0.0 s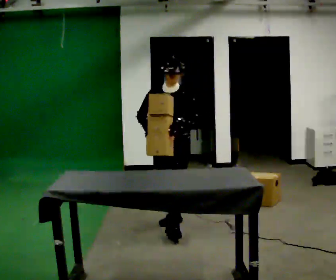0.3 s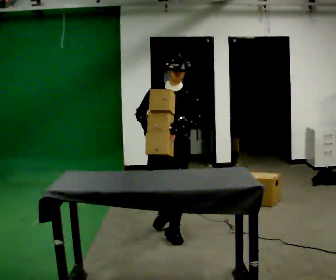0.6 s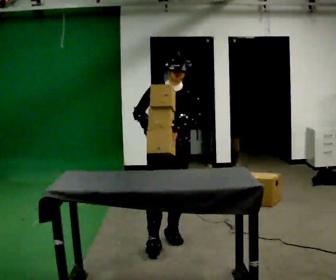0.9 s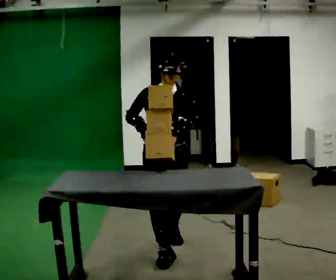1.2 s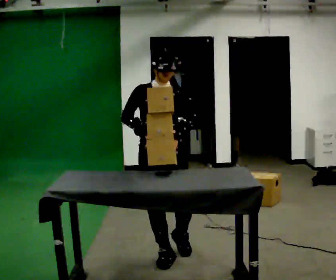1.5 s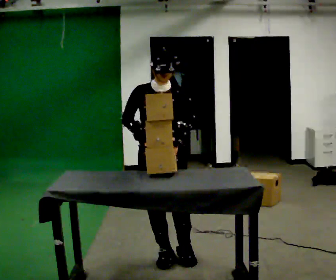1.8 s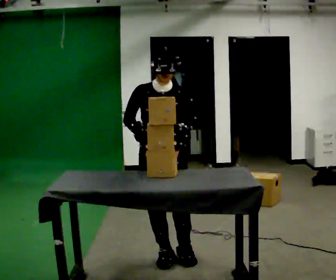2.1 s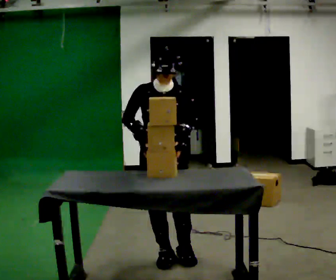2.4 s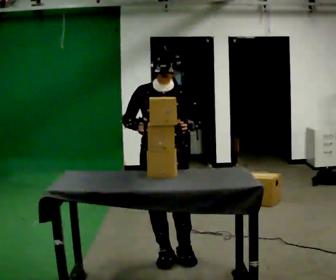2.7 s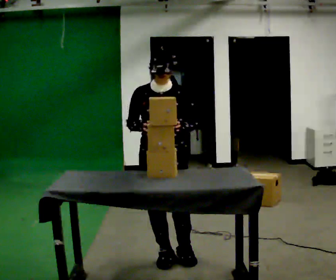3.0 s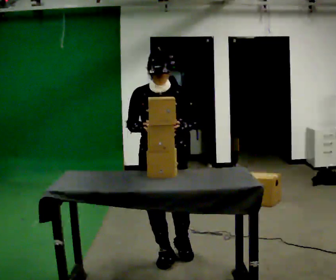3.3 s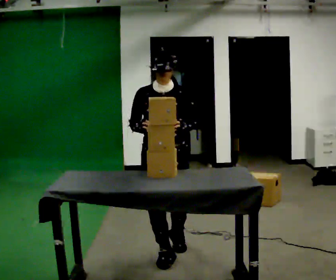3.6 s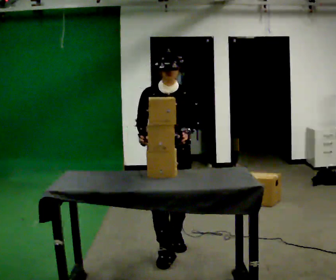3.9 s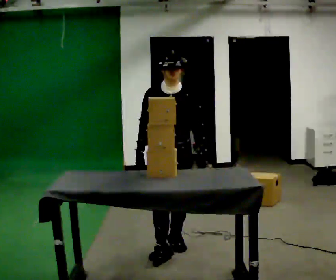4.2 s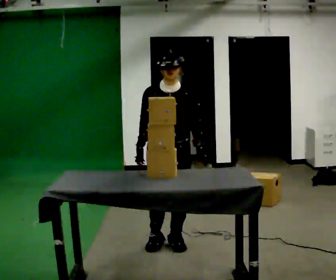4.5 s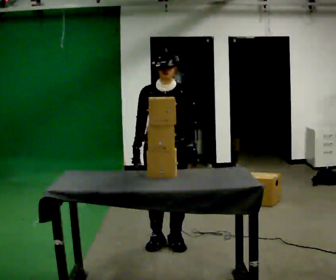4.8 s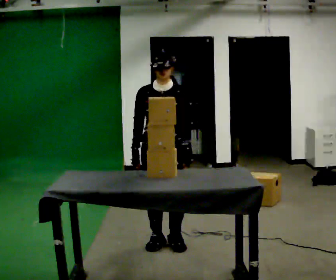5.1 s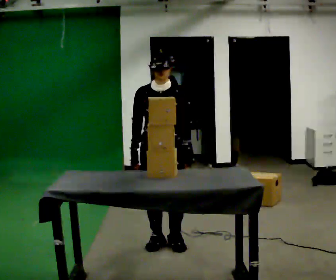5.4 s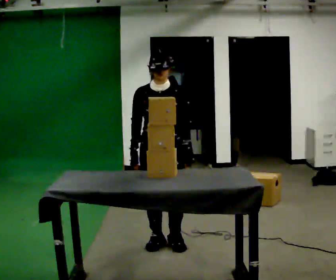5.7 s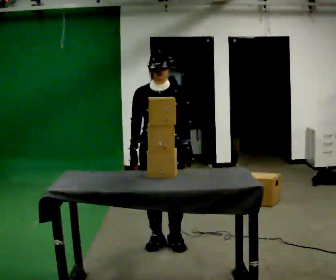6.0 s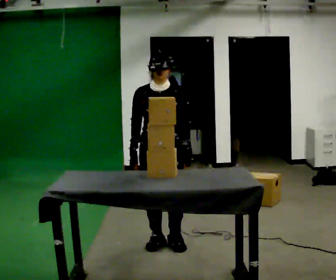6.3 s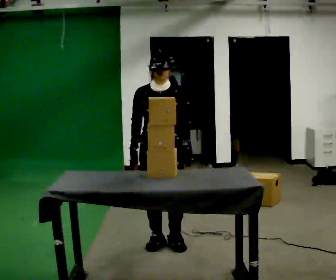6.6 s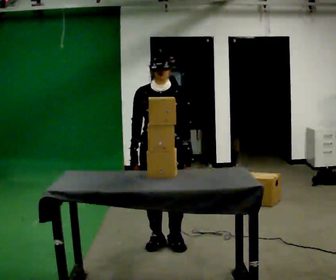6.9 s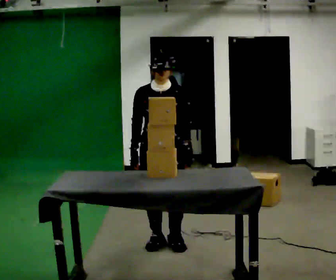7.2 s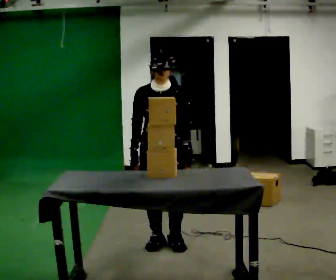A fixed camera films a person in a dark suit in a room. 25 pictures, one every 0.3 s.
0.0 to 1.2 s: Seen from above the body turns counterclockwise, about 30 degrees: to their left, with its near side sliding to the right. In the picture they go toward the camera, about 0.5 m in 1 step, which for them is forward.
1.2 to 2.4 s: The person moves a little, or ends about where they began.
2.4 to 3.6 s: In the picture they go away from the camera, about 0.25 m in 1 step, which for them is backward.
3.6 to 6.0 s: The person moves a little, or ends about where they began.
6.0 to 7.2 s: The person keeps their place and pose.
The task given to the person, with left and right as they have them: Take each object from the table and put it in the bin that matches it, walking between the bins. Keep going until the operator says stop; one object at a time, and do not rush between trips.
The film runs forward here.
